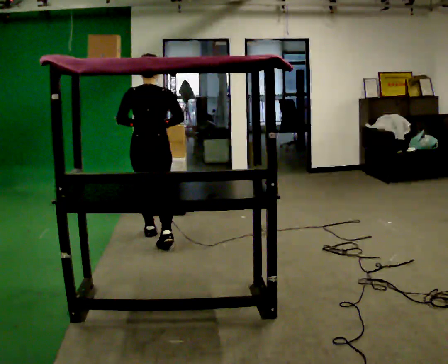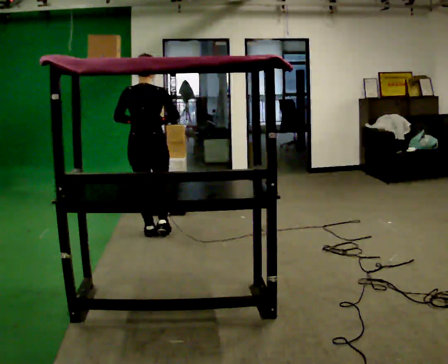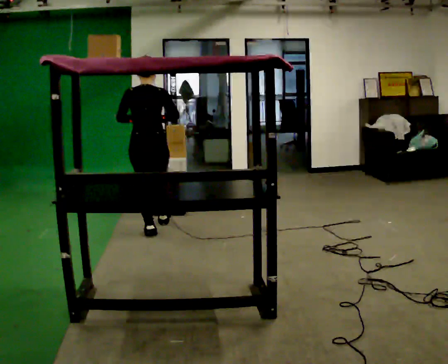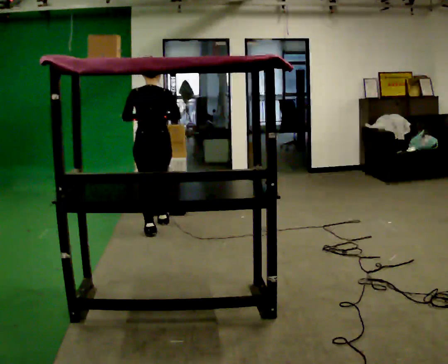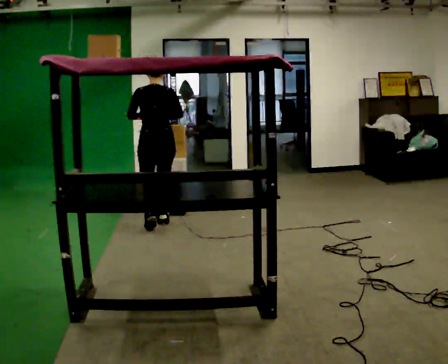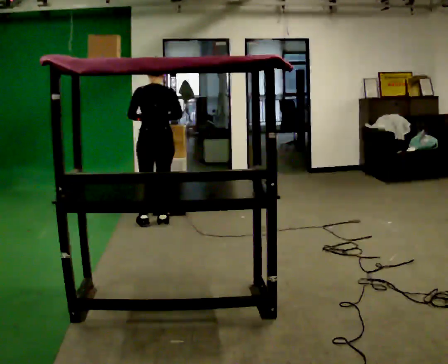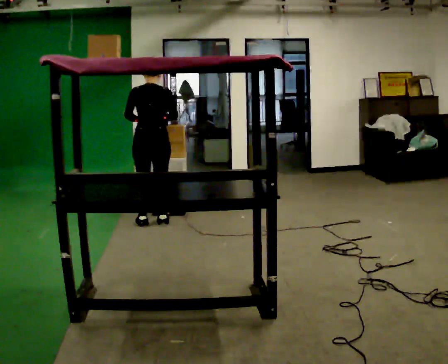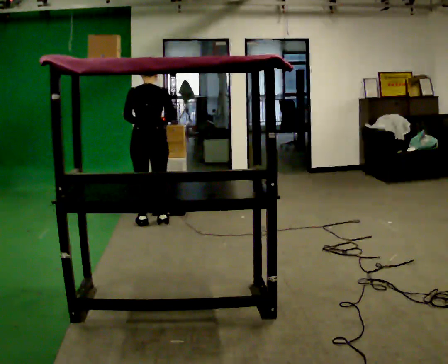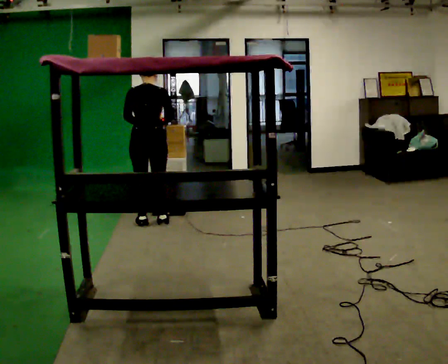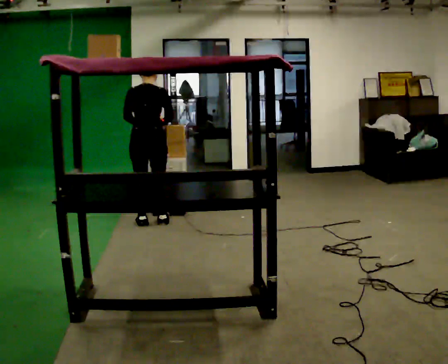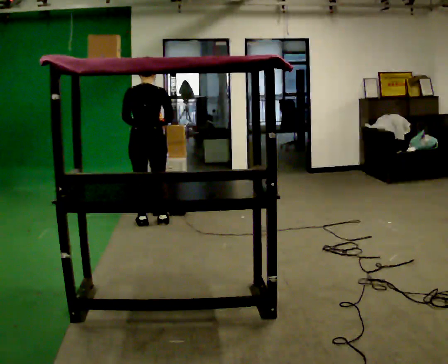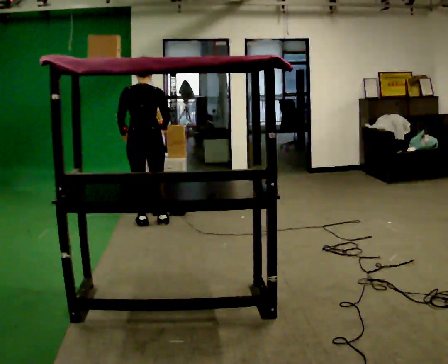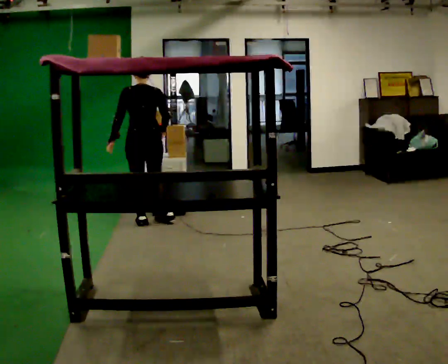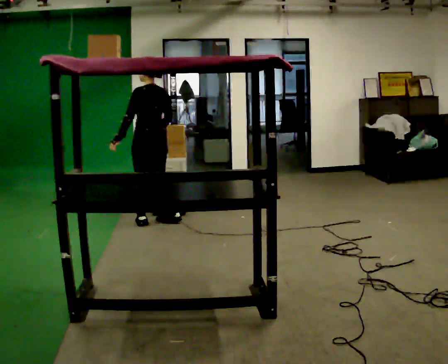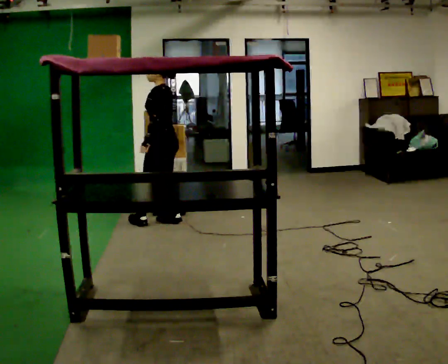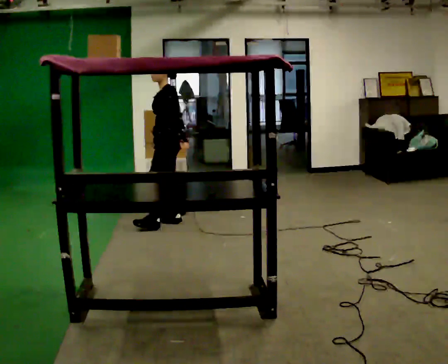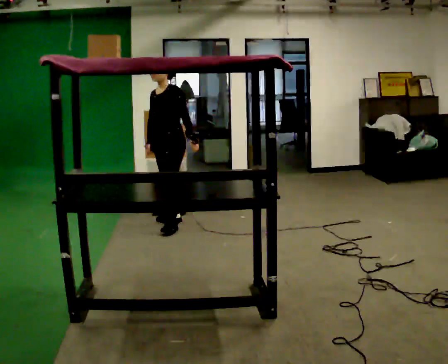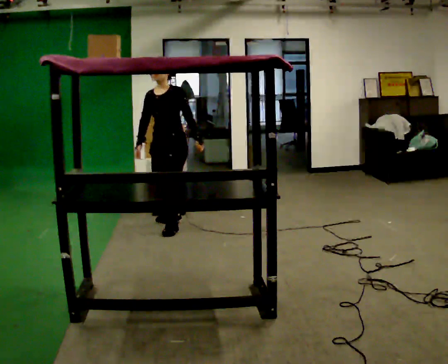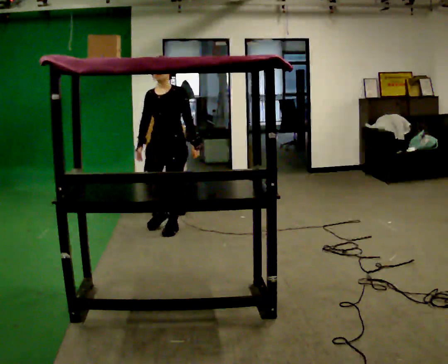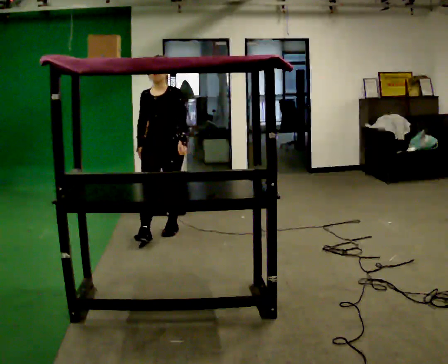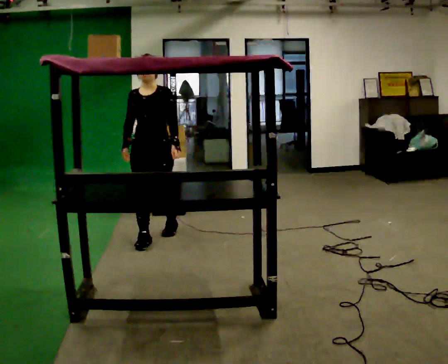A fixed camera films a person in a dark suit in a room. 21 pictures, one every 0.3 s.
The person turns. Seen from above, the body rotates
counterclockwise.
The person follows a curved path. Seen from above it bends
clockwise.
0.0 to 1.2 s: In the picture they go away from the camera, about 0.5 m in 1 step, which for them is forward.
1.2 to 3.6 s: The person moves a little, or ends about where they began.
3.6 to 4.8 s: Seen from above the body turns counterclockwise, about 120 degrees: to their left, with its near side sliding to the right. In the picture they go to the right, about 0.25 m in 1 step.
4.8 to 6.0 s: Seen from above the body turns counterclockwise, about 45 degrees: to their left, with its near side sliding to the right. In the picture they go toward the camera and to the left, about 0.5 m in 1 step, which for them is forward.
The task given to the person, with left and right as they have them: Take an object down from the highest shelf you can comfortably reach, carry it across, and place it on the waist-height shelf. Keep going until the operator says stop; one object at a time, and do not rush between trips.
The film runs forward here.
